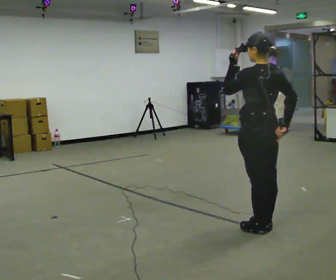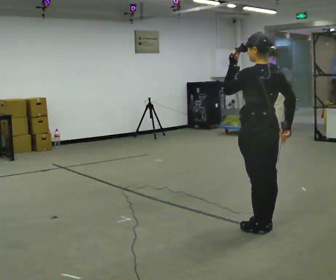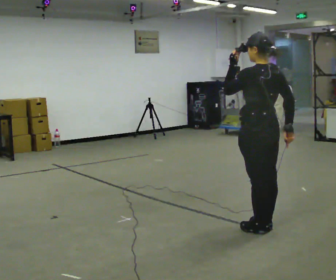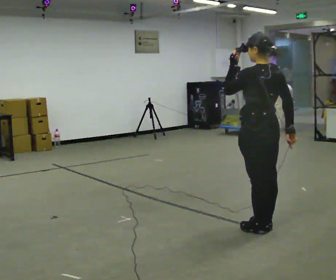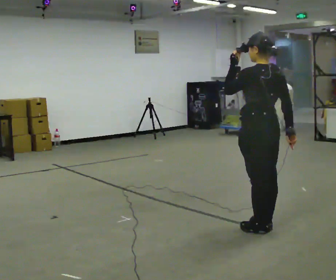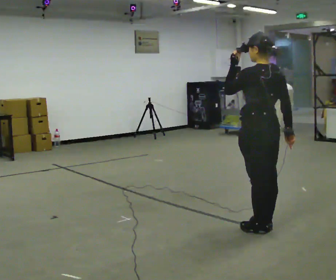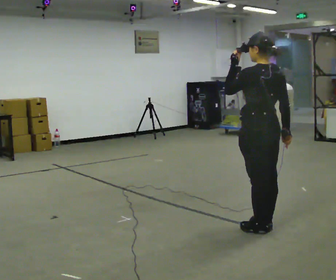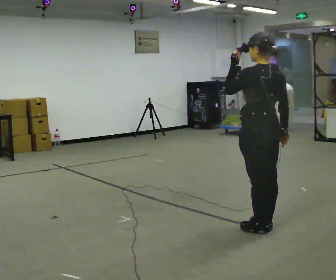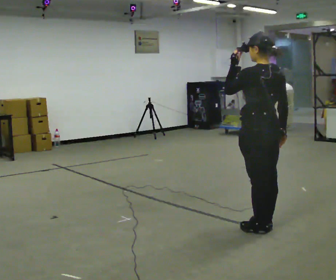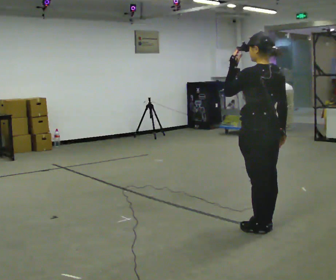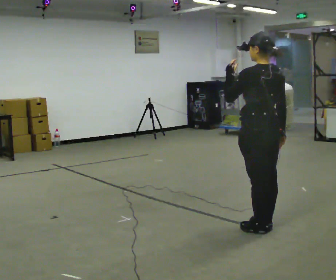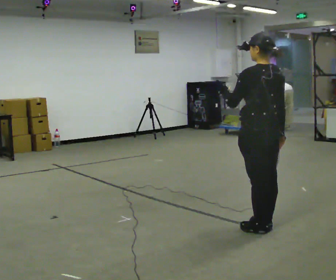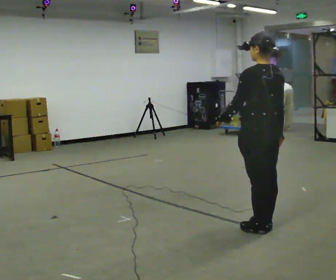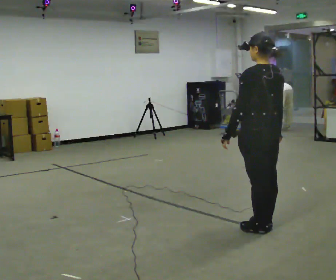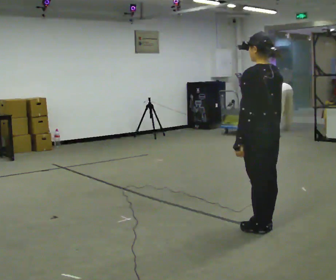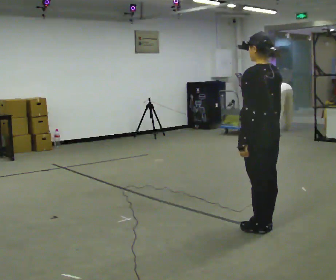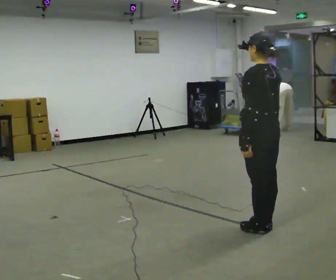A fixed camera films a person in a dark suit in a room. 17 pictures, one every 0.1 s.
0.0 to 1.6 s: In the picture their left hand goes downward.
The film runs forward here.
